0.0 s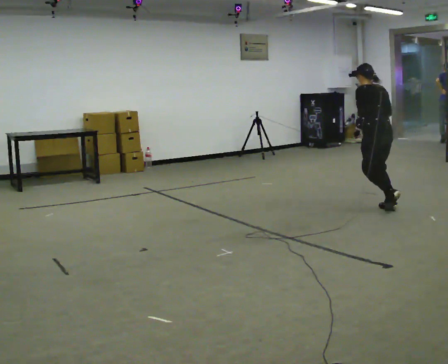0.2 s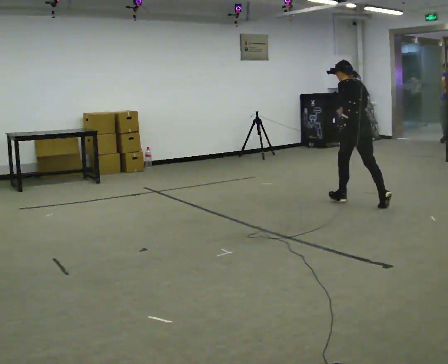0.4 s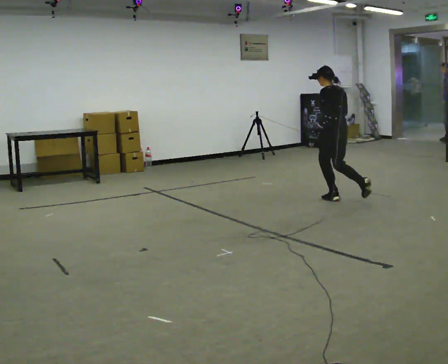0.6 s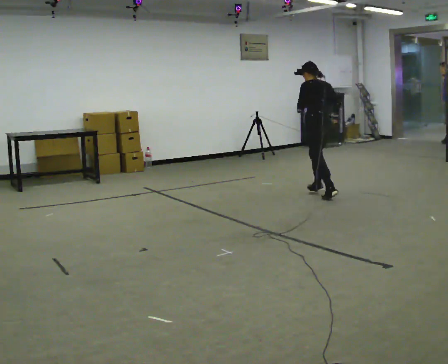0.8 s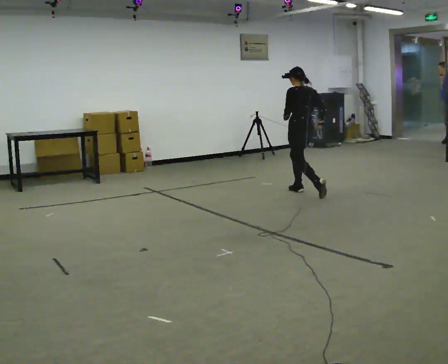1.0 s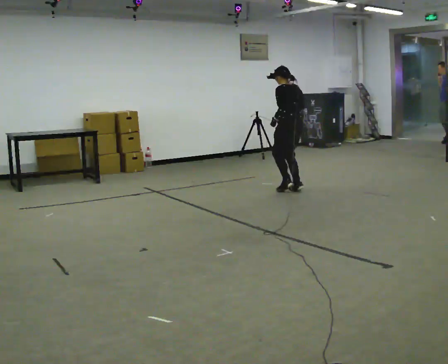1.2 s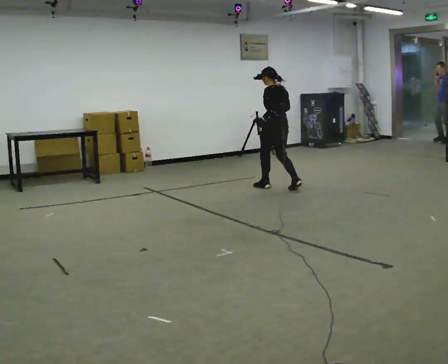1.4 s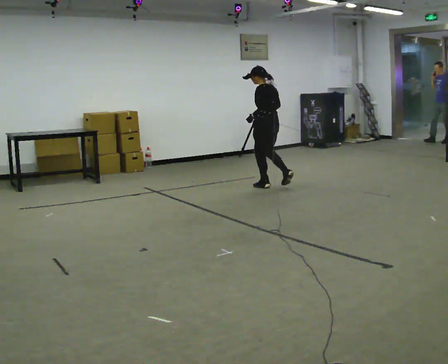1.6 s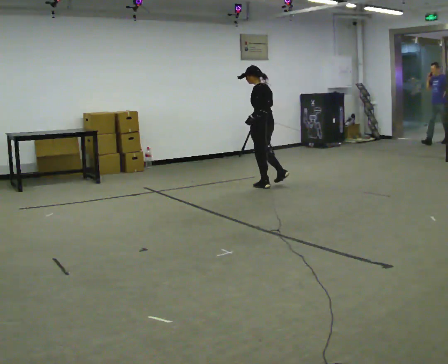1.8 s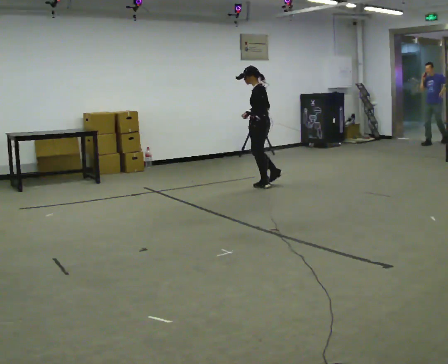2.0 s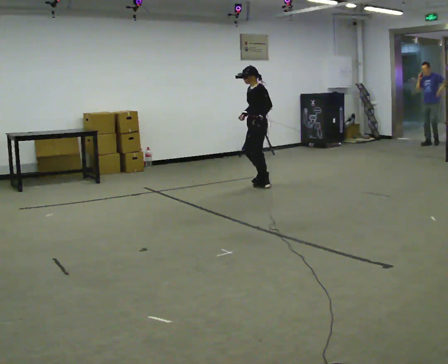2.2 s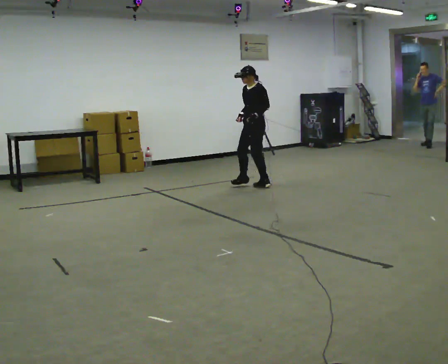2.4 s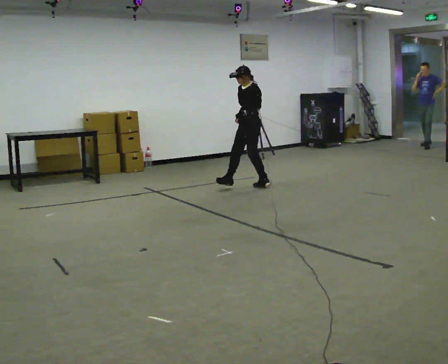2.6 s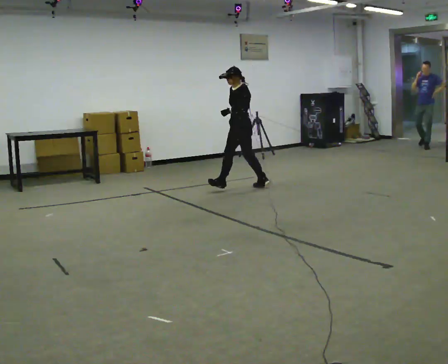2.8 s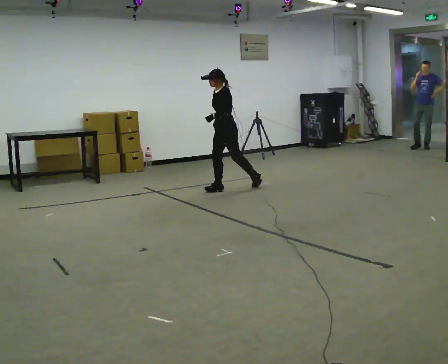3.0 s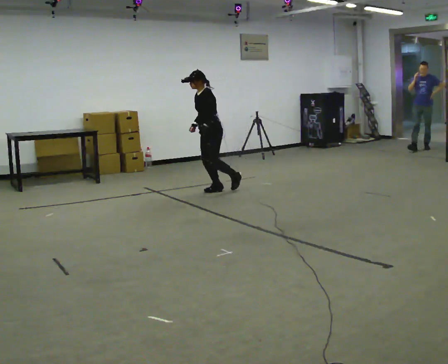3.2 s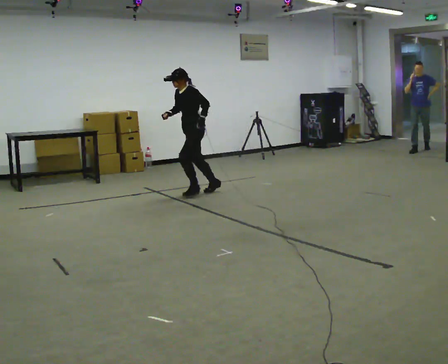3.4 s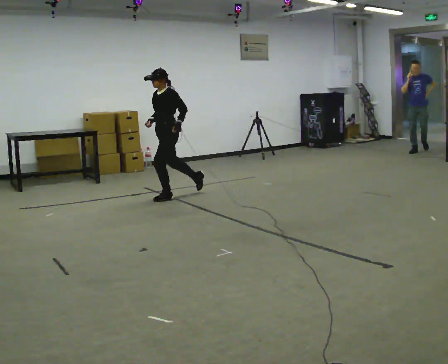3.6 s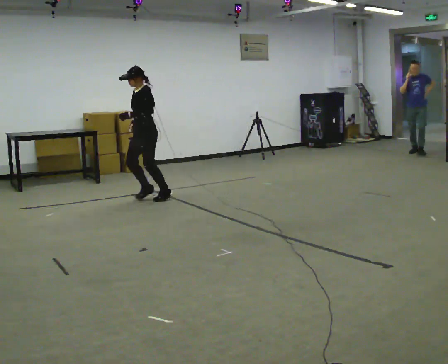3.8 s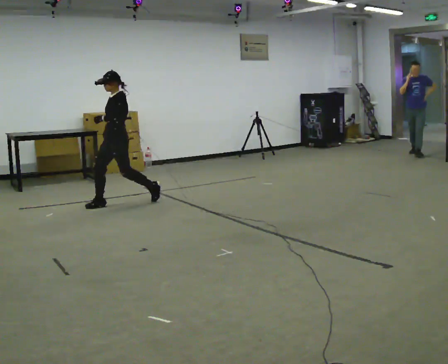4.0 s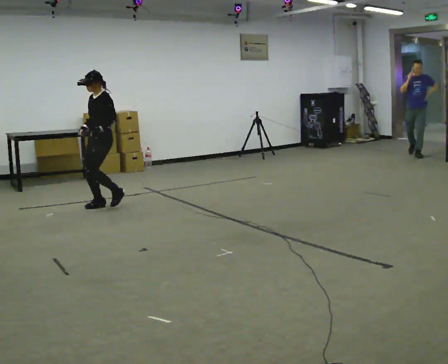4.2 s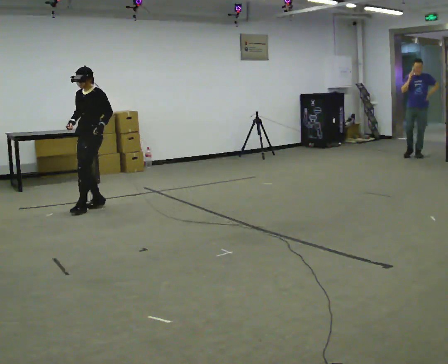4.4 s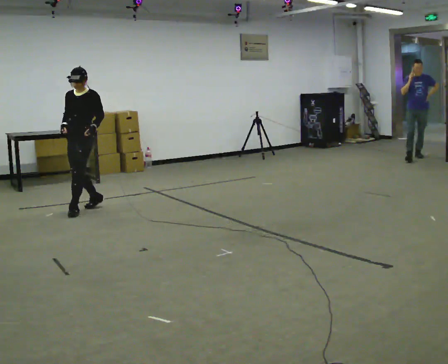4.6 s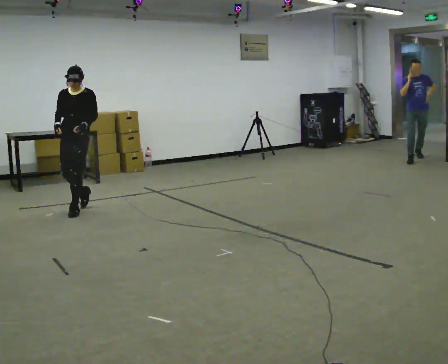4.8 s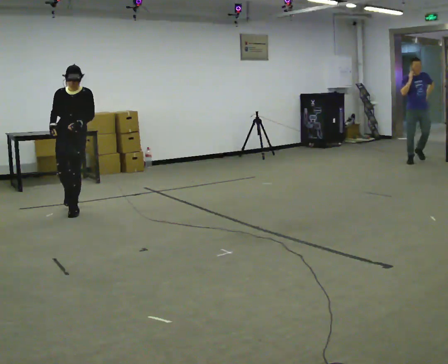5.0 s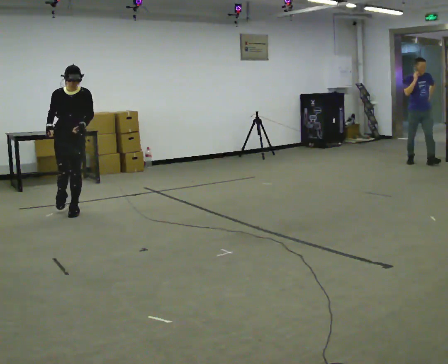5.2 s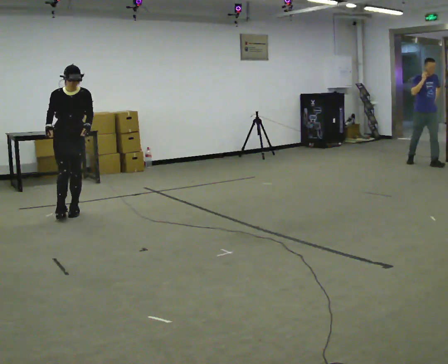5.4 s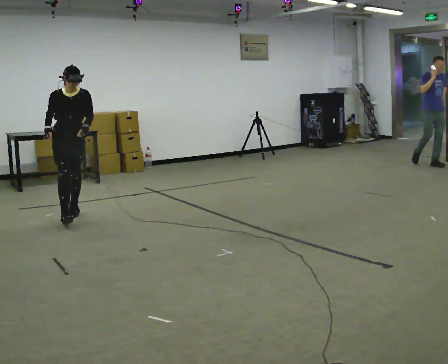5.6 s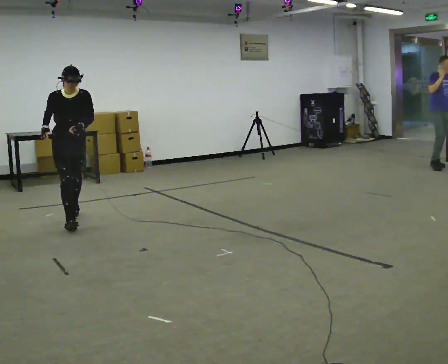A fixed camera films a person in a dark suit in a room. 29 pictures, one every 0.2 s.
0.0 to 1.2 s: In the picture they go away from the camera and to the left, about 1.5 m in 3 steps, which for them is forward.
1.2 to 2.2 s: The part of the body nearest the lens slides to the right as the person turns to their left by about 60 degrees. In the picture they go to the left and away from the camera, about 0.25 m.
2.2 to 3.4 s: In the picture they go to the left and toward the camera, about 1 m in 2 steps, which for them is forward.
3.4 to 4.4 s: The part of the body nearest the lens slides to the right as the person turns to their left by about 45 degrees. In the picture they go to the left and toward the camera, about 1 m in 2 steps, which for them is forward.
4.4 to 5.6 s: Seen from above the body turns counterclockwise, about 45 degrees: to their left, with its near side sliding to the right. In the picture they go toward the camera, about 0.5 m in 1 step, which for them is forward.
The film runs forward here.
